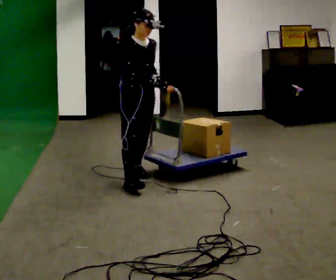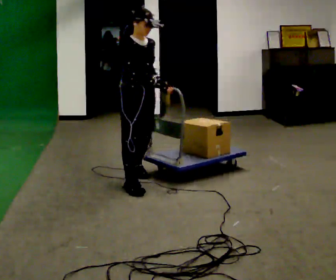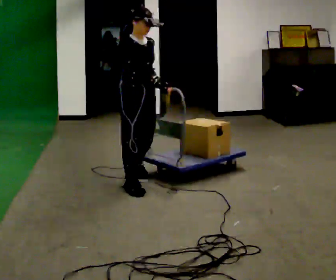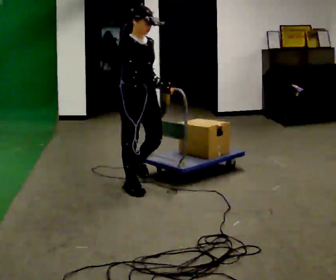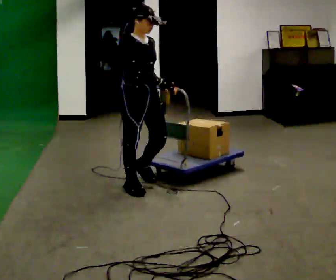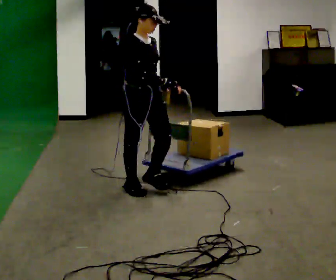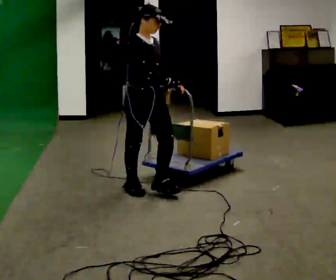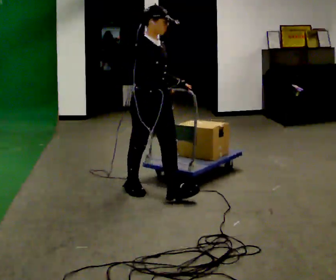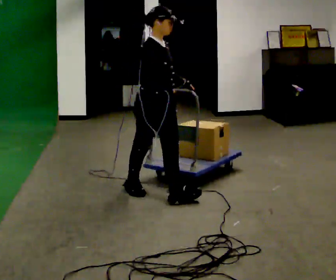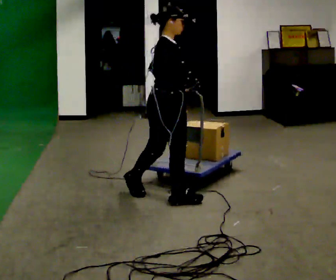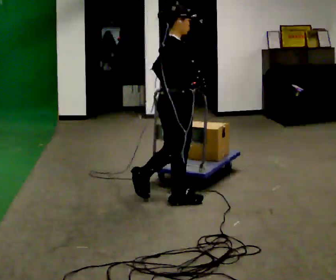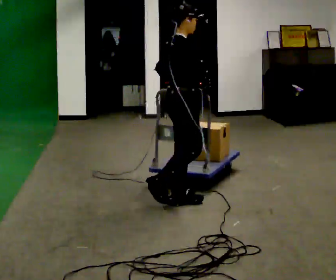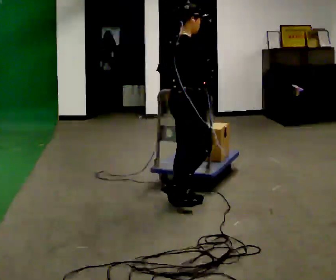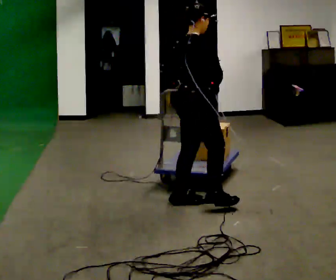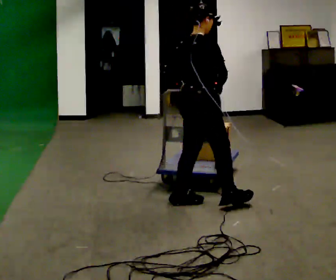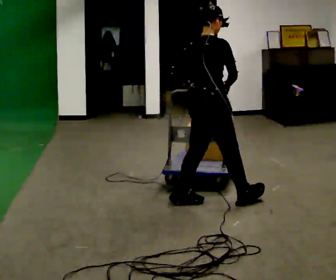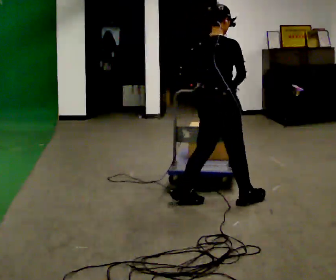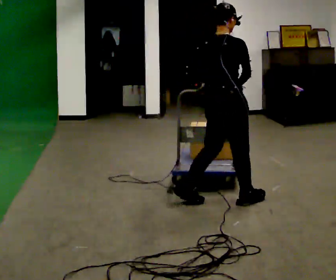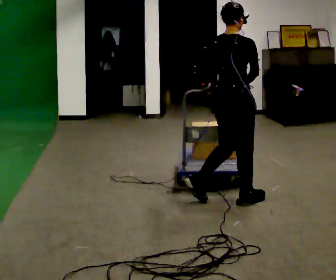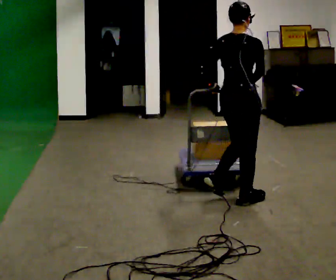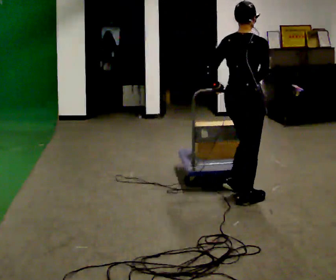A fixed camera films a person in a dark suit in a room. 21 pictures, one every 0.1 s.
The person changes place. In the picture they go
to the right.
The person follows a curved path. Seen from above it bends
counterclockwise.
0.0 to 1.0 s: The person turns about 45 degrees to their left, counterclockwise seen from above, so the part of the body nearest the lens slides to the right. In the picture they go toward the camera and to the right, about 0.5 m in 1 step, which for them is forward.
1.0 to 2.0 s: The person turns about 60 degrees to their left, counterclockwise seen from above, so the part of the body nearest the lens slides to the right. In the picture they go to the right, about 0.5 m in 1 step.
The film runs forward here.
